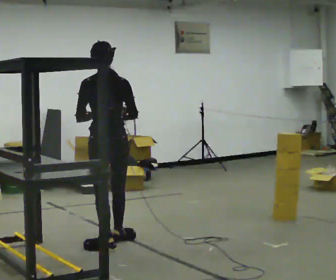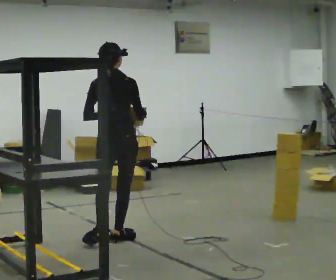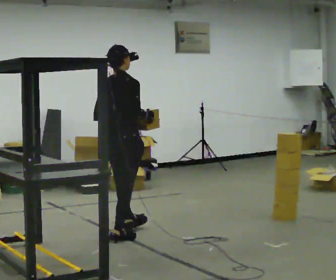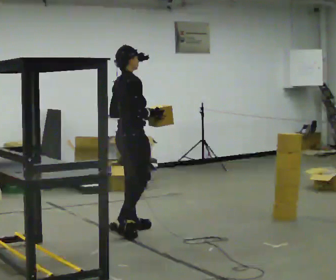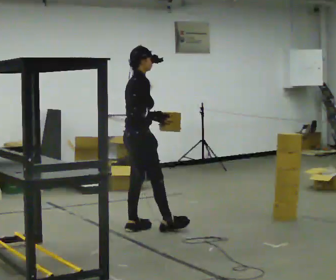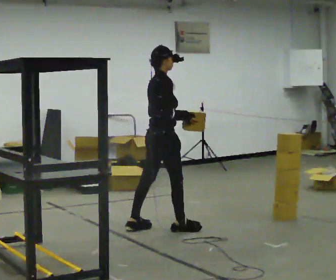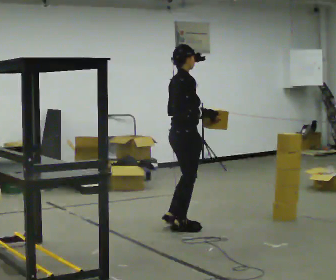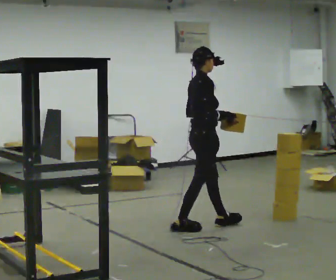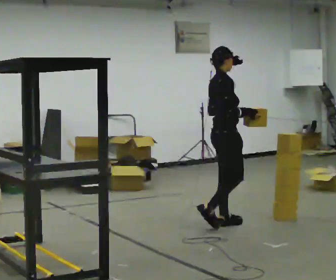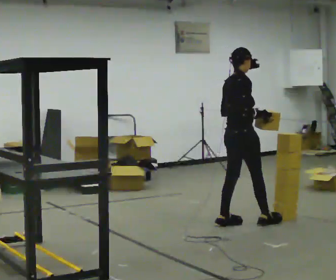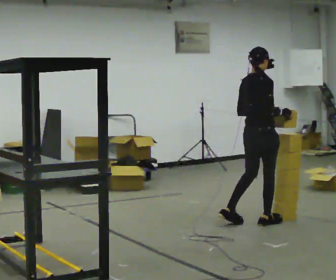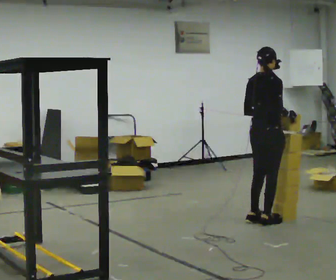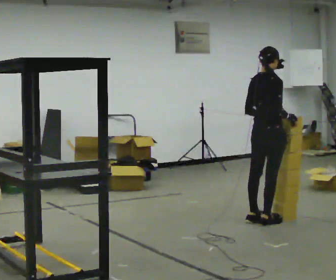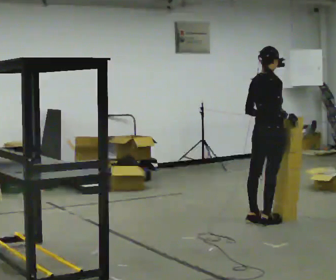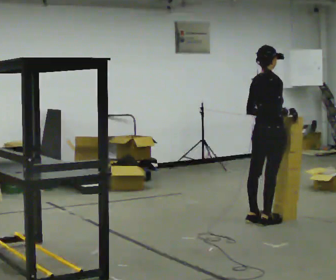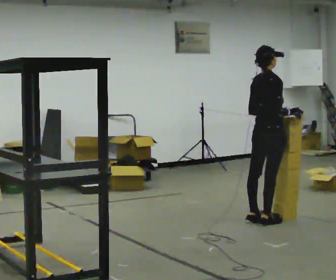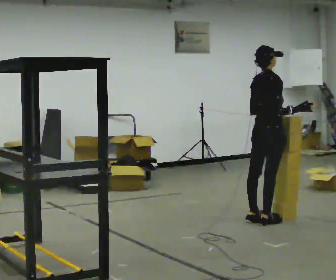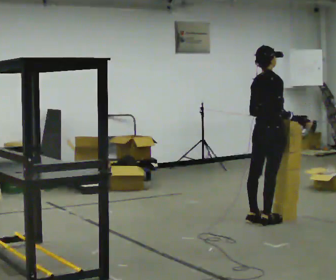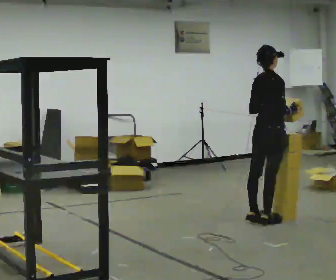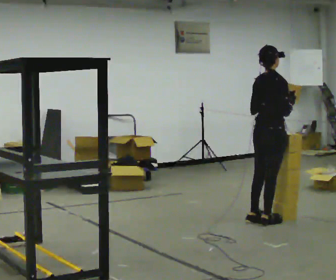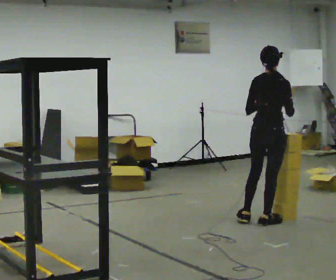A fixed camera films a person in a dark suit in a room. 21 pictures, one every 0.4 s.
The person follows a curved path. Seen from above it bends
clockwise.
0.0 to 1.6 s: Seen from above the body turns clockwise, about 90 degrees: to their right, with its near side sliding to the left. In the picture they go away from the camera, about 0.5 m in 1 step.
1.6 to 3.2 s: In the picture they go to the right, about 1 m in 2 steps, which for them is forward.
3.2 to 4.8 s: The person turns about 30 degrees to their left, counterclockwise seen from above, so the part of the body nearest the lens slides to the right. In the picture they go to the right, about 0.5 m in 2 steps, which for them is forward.
4.8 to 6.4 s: The person moves a little, or ends about where they began.
6.4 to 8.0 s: Seen from above the body turns counterclockwise, about 30 degrees: to their left, with its near side sliding to the right.
The film runs forward here.
